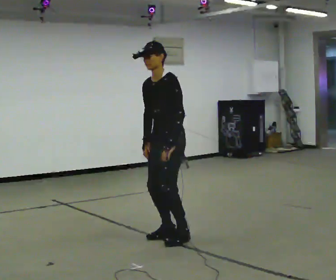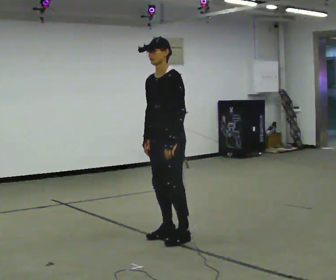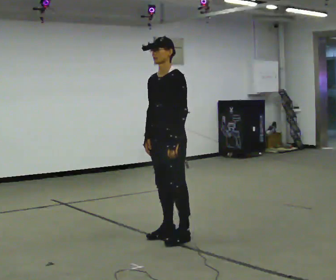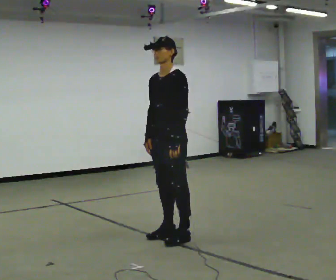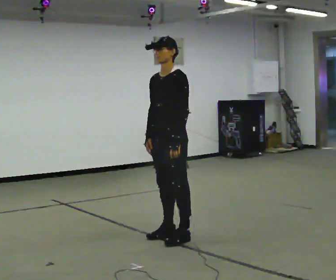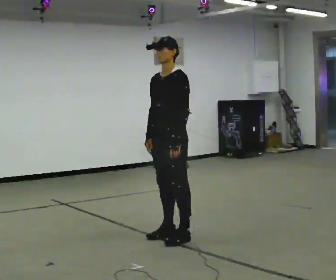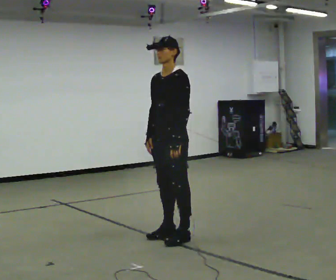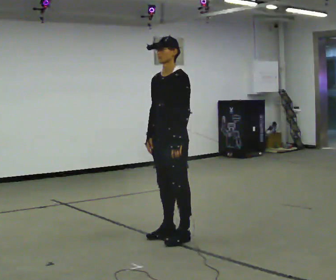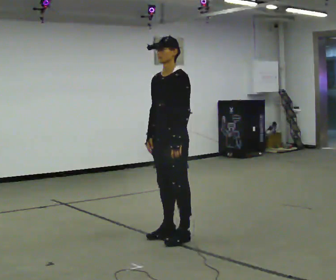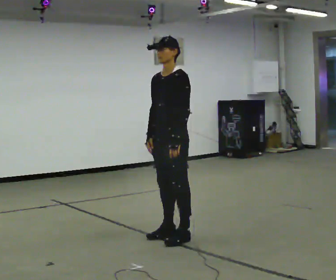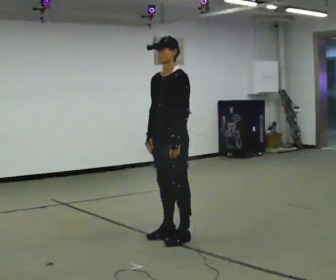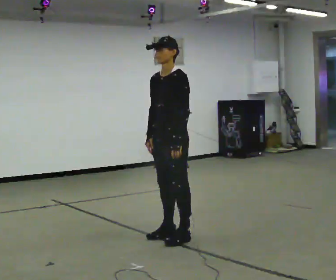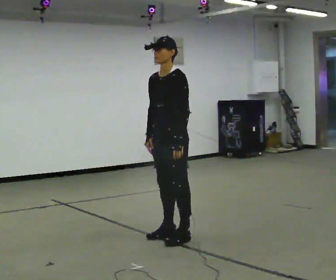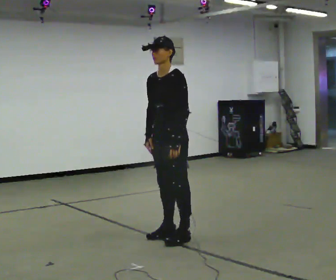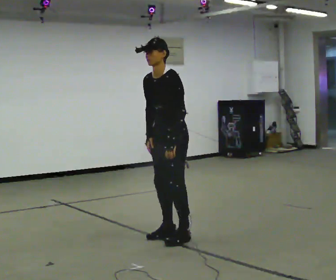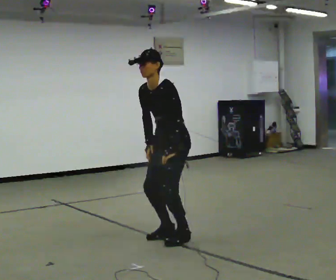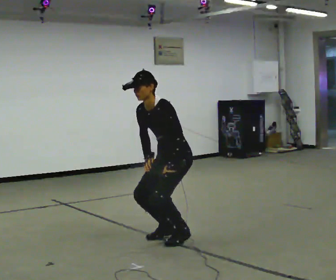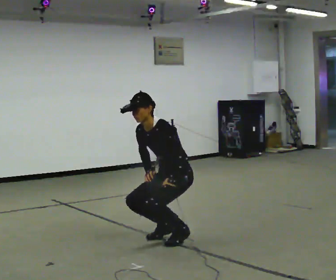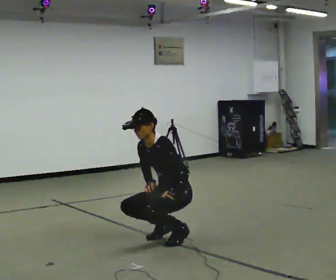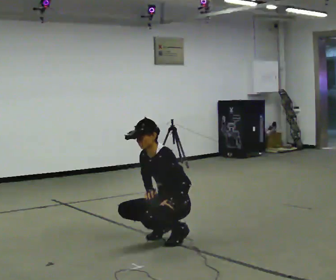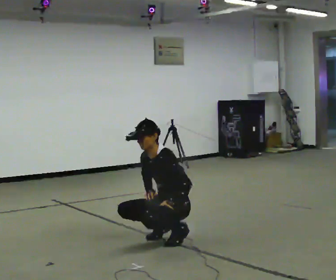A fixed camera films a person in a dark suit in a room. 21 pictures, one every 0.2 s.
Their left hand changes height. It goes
downward.
Their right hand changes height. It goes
downward.
0.0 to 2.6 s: The person moves a little, or ends about where they began.
2.6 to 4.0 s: The upper body goes downward. In the picture their right hand goes downward.
The film runs backward here.
